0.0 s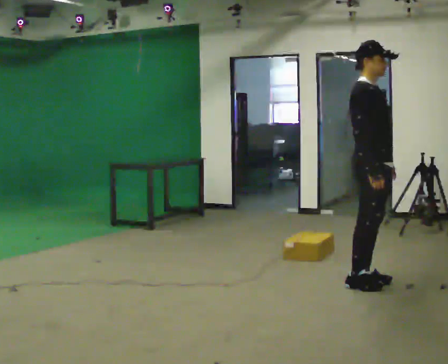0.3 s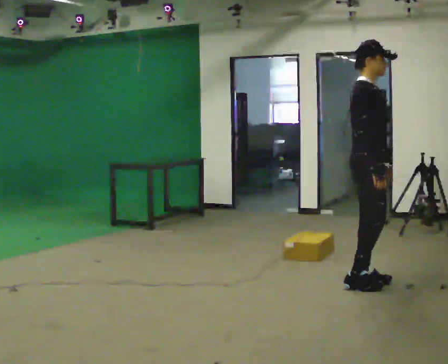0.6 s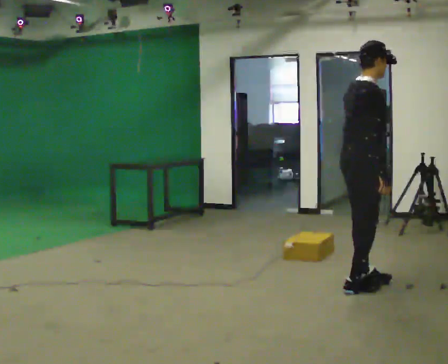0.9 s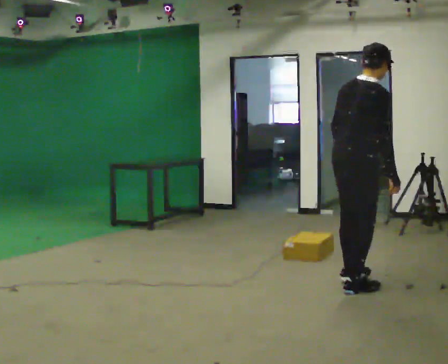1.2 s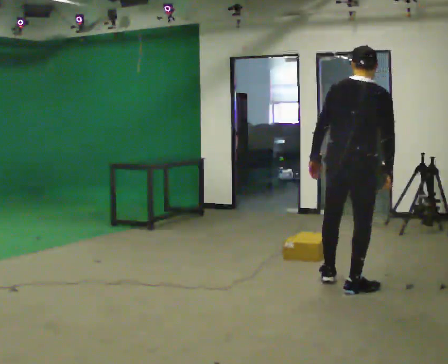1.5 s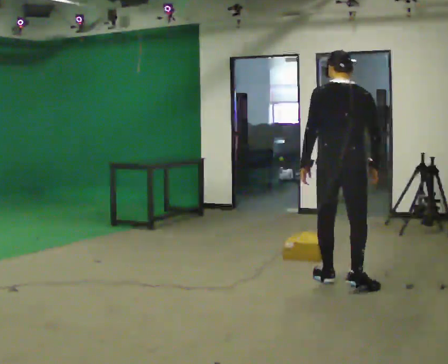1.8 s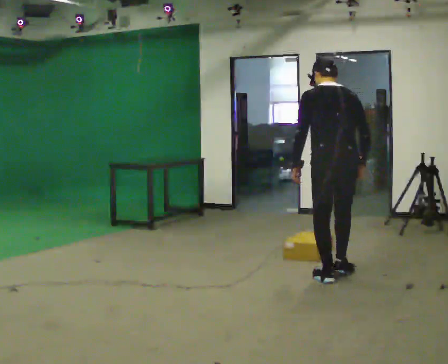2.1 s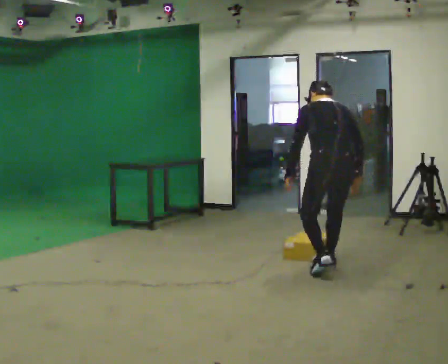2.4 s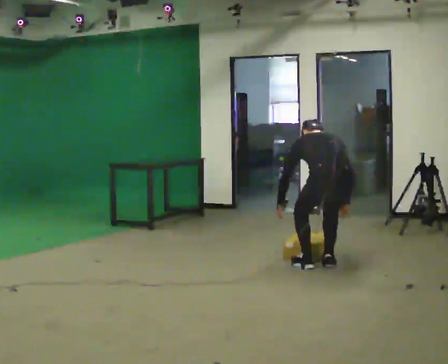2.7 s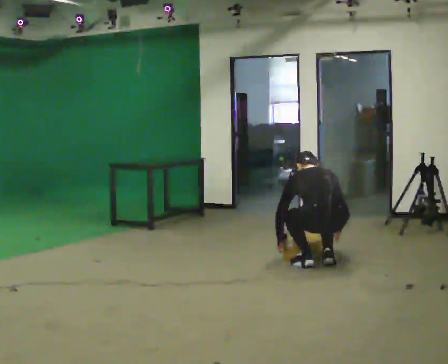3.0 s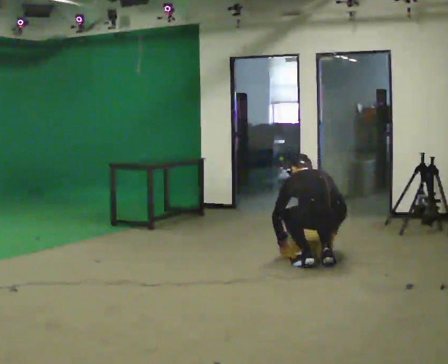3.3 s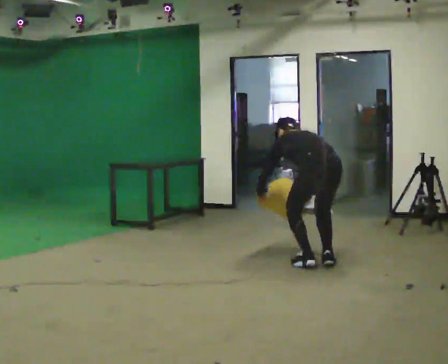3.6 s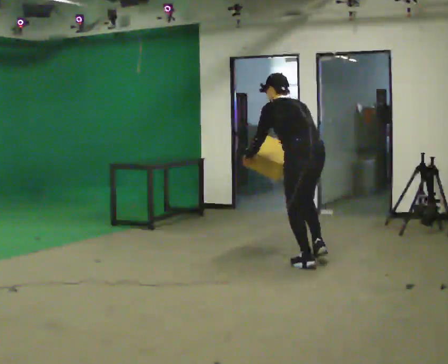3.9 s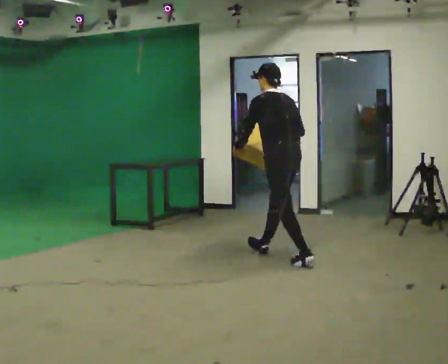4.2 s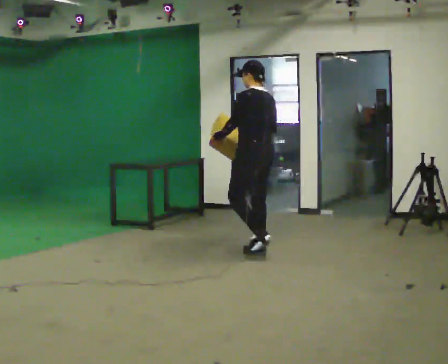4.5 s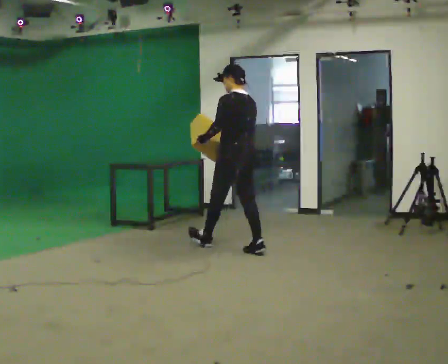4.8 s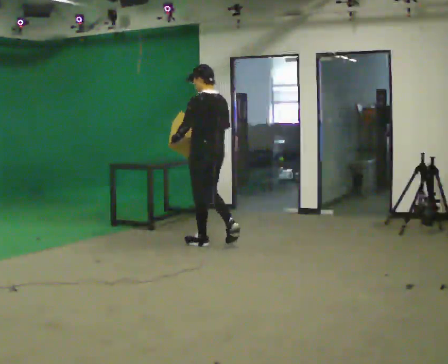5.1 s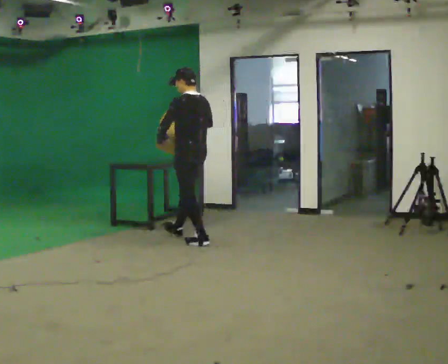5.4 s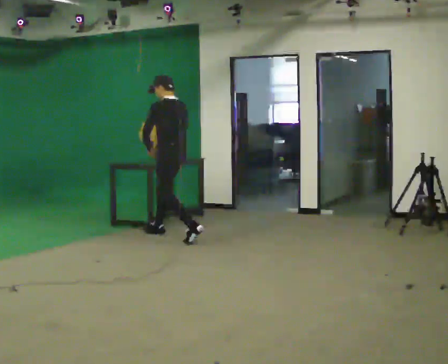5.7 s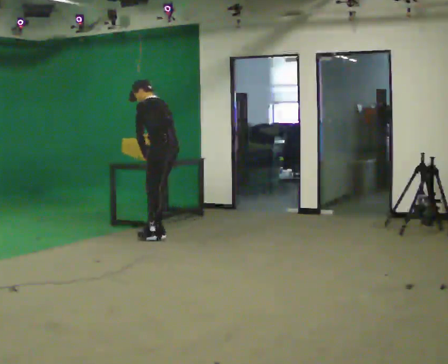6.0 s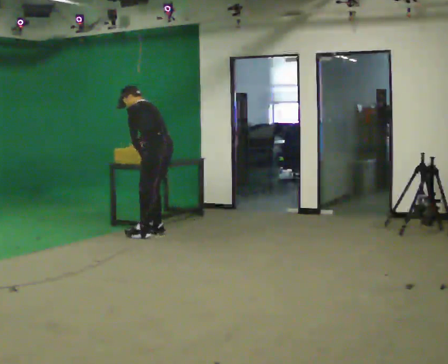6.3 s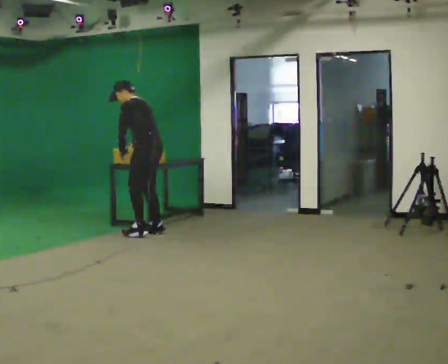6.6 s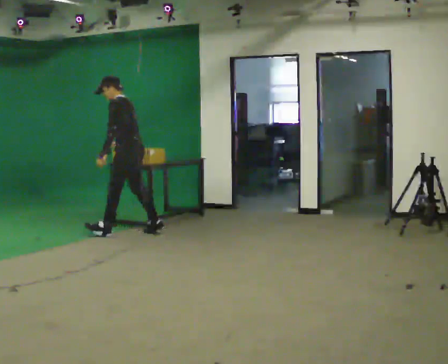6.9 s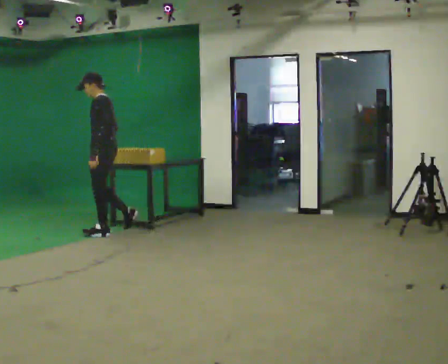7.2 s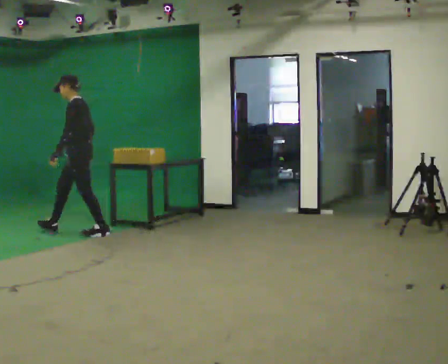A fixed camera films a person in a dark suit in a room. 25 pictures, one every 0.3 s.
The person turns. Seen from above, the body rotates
counterclockwise.
The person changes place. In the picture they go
to the left.
0.0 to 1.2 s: Seen from above the body turns counterclockwise, about 90 degrees: to their left, with its near side sliding to the right. In the picture the upper body tilts clockwise, shoulders to the right. In the picture their left hand goes to the left, the arm swinging clockwise.
1.2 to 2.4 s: Seen from above the body turns counterclockwise, about 30 degrees: to their left, with its near side sliding to the right. In the picture they go away from the camera, about 0.5 m in 2 steps, which for them is forward. The upper body goes downward. The upper body tips away from the camera, its near side rolling upward, as they bend forward. In the picture their right hand goes downward.
2.4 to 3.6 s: In the picture they go away from the camera and to the left, about 0.25 m, which for them is forward. In the picture their right hand goes upward.
3.6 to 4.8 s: In the picture they go to the left and away from the camera, about 1 m in 2 steps, which for them is forward. The upper body tips toward the camera, its near side rolling downward, as they lean back or straighten.
4.8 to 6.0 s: In the picture they go to the left and away from the camera, about 1 m in 2 steps, which for them is forward. In the picture the upper body tilts counterclockwise, shoulders to the left, as they bend forward.
6.0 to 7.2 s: Seen from above the body turns counterclockwise, about 30 degrees: to their left, with its near side sliding to the right. In the picture they go to the left, about 1 m in 1 step, which for them is forward. In the picture the upper body tilts clockwise, shoulders to the right, as they lean back or straighten.
The film runs forward here.
